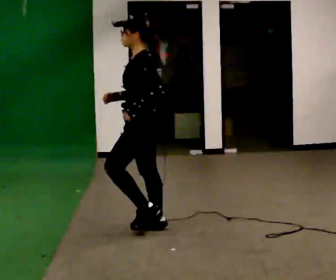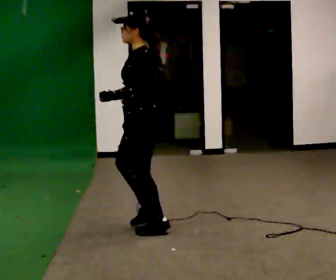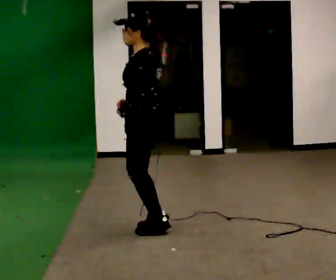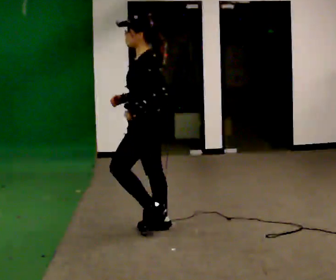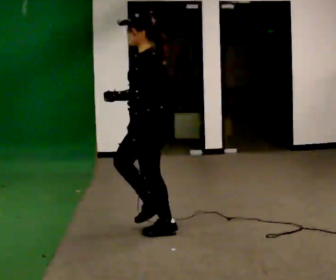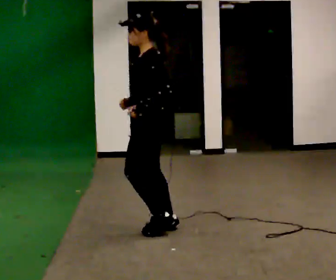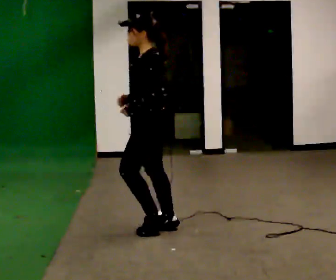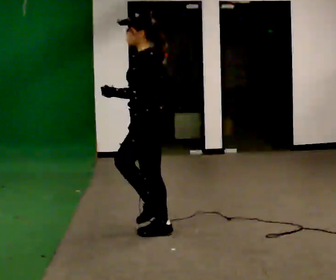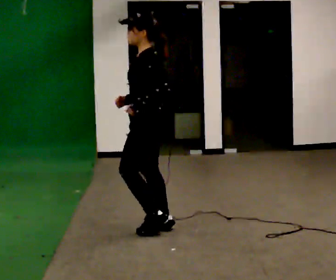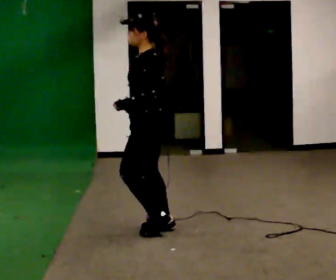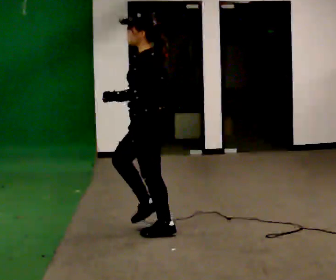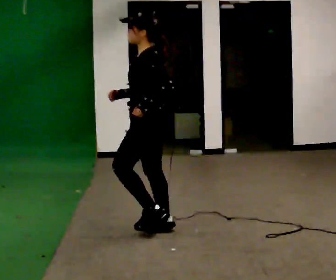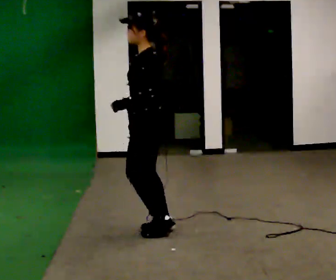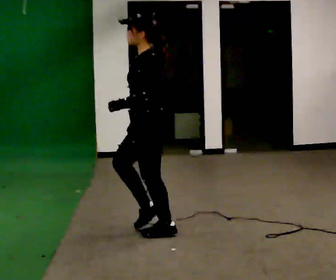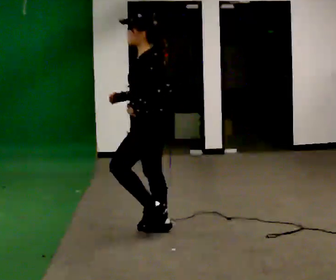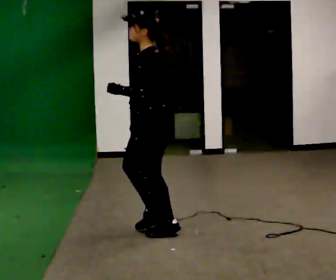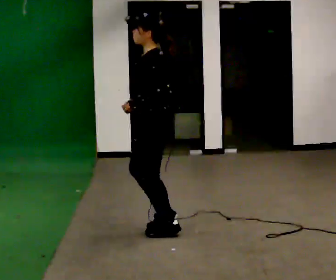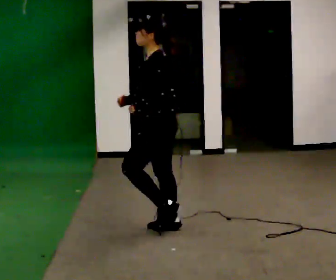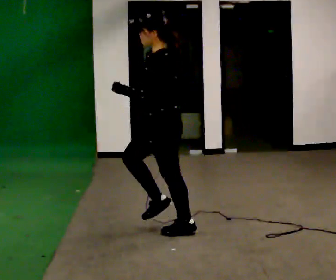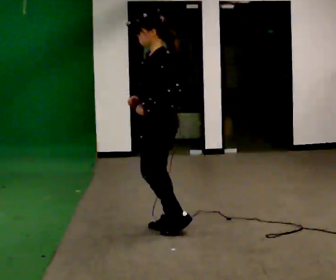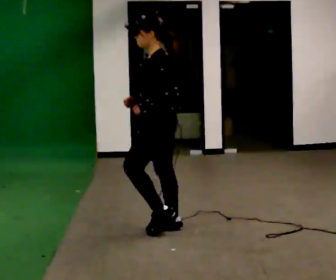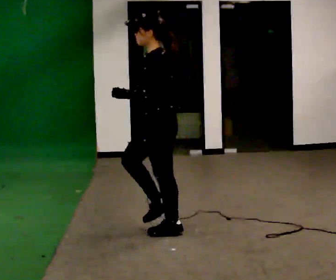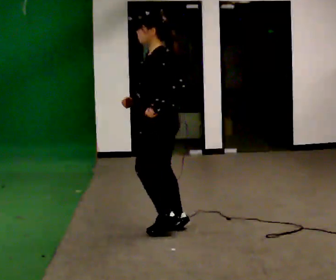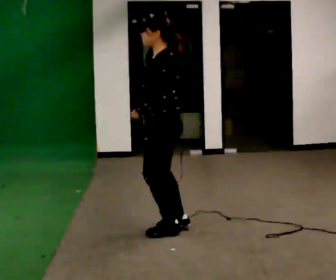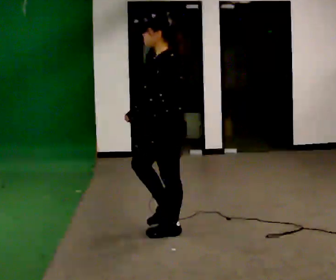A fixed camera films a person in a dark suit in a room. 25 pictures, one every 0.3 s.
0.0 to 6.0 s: The person moves a little, or ends about where they began.
6.0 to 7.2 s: In the picture their right hand goes to the right.
The film runs backward here.
